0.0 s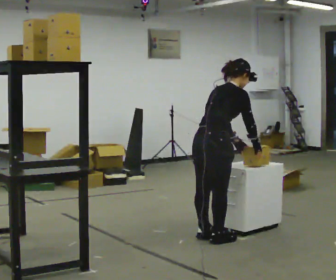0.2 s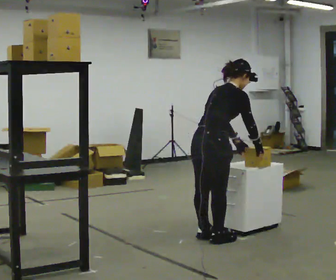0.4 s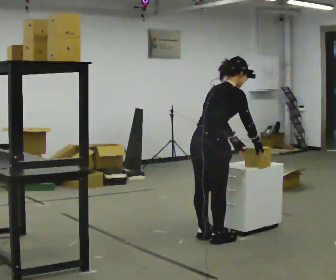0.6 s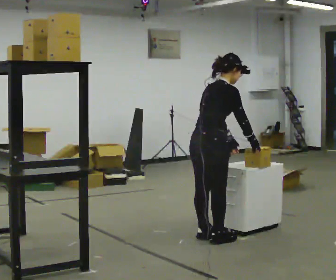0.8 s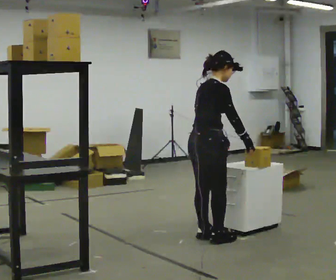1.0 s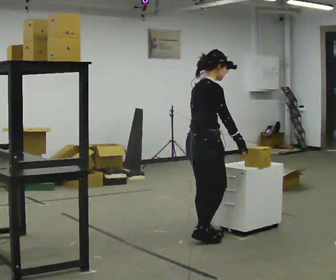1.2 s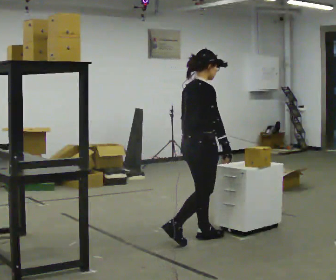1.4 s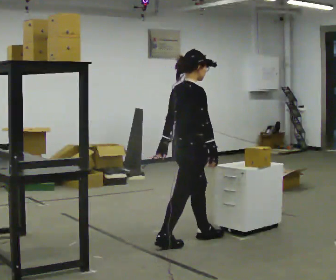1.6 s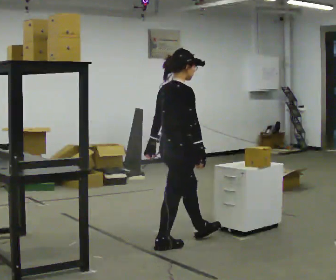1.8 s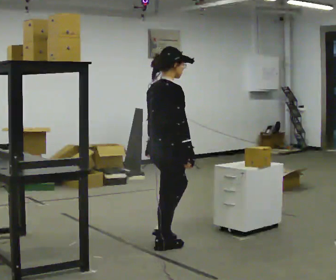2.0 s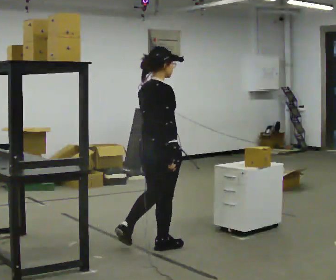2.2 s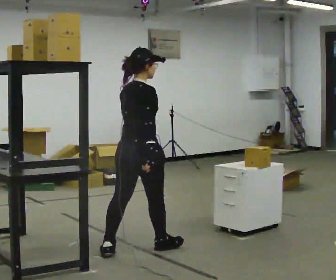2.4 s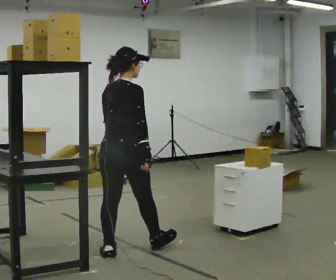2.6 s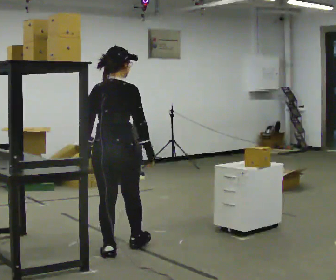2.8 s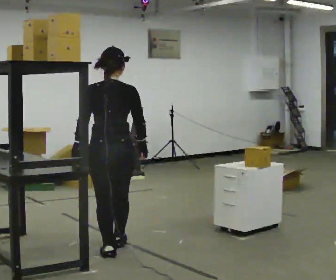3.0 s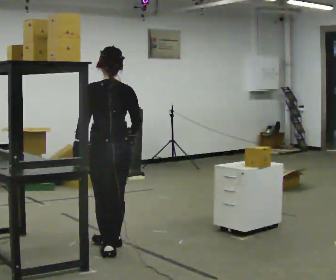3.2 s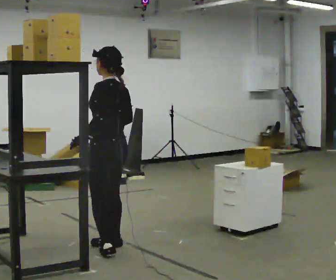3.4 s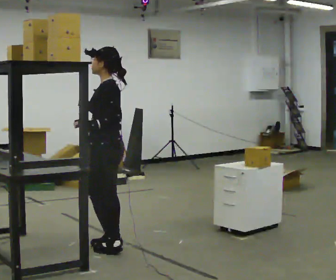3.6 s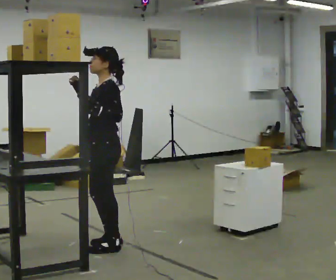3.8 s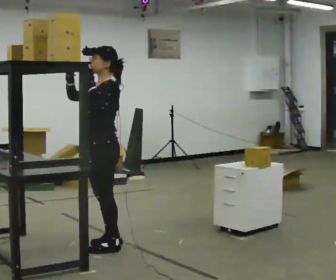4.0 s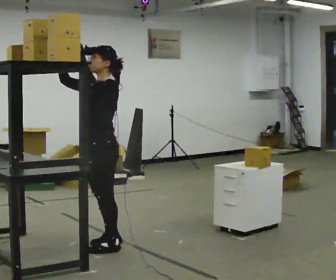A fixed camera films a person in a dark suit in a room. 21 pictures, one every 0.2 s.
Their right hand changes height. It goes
upward.
The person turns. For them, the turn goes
to their left.
0.0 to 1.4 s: In the picture they go to the left, about 0.25 m in 1 step, which for them is backward. In the picture the upper body tilts counterclockwise, shoulders to the left, as they lean back or straighten. In the picture their left hand goes to the left.
1.4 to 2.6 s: Seen from above the body turns counterclockwise, about 45 degrees: to their left, with its near side sliding to the right. In the picture they go to the left and toward the camera, about 0.75 m in 2 steps, which for them is backward.
2.6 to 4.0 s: Seen from above the body turns counterclockwise, about 135 degrees: to their left, with its near side sliding to the right. In the picture their right hand goes to the left and upward.
The film runs backward here.
